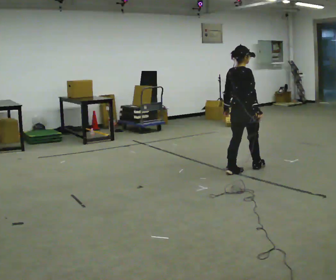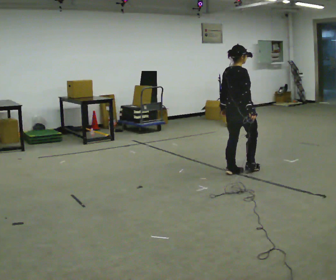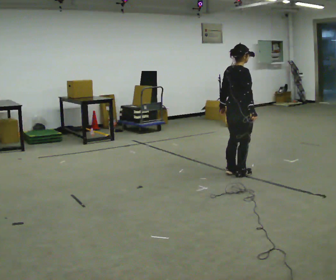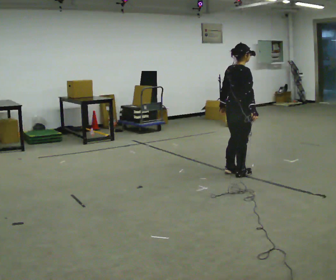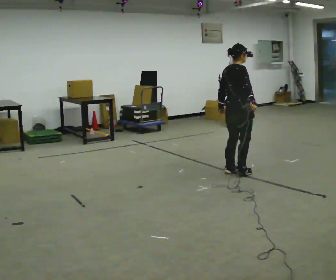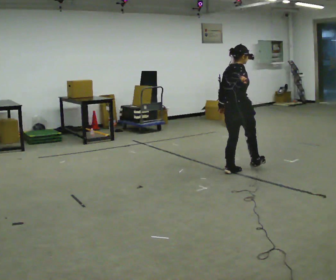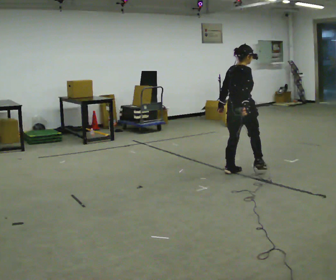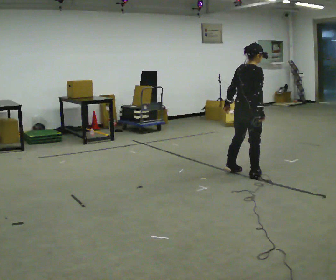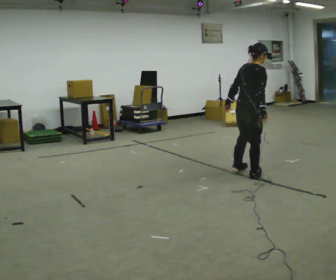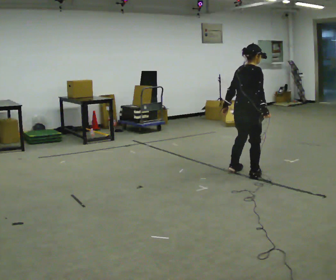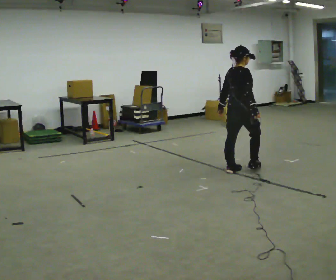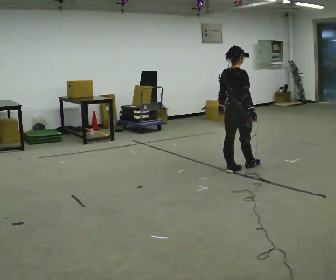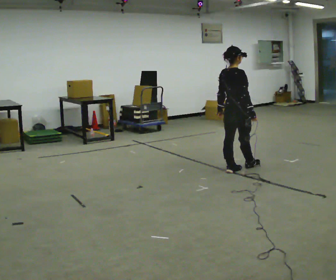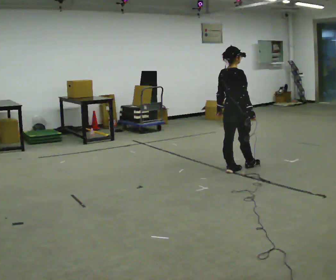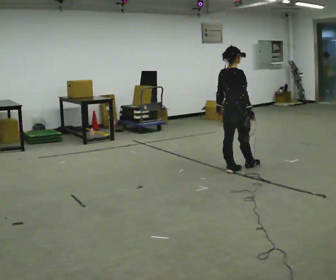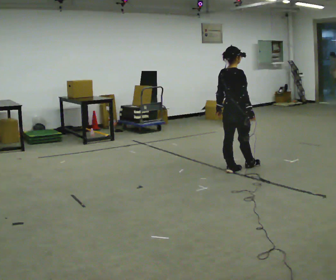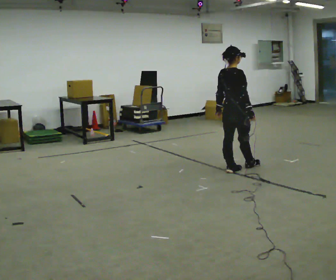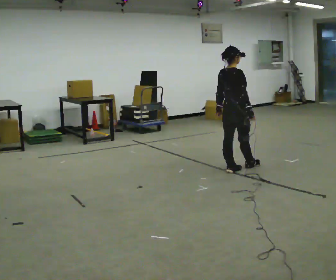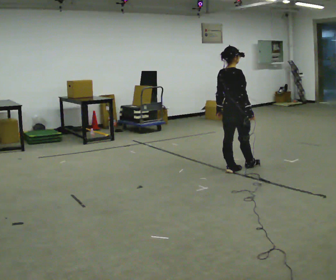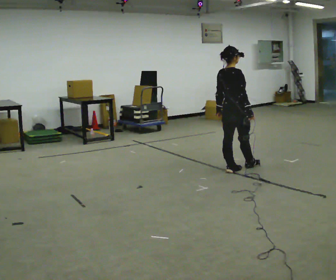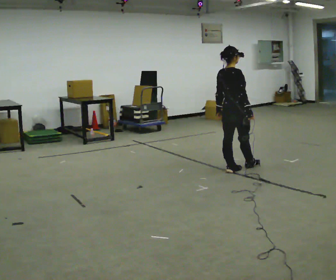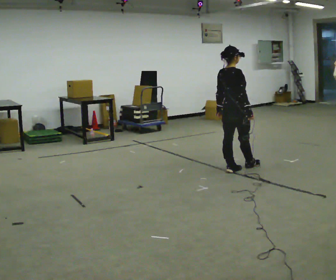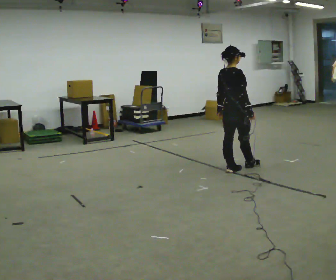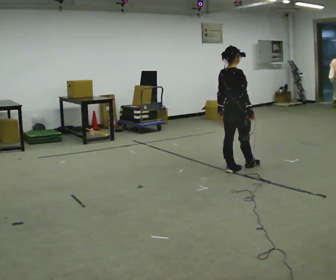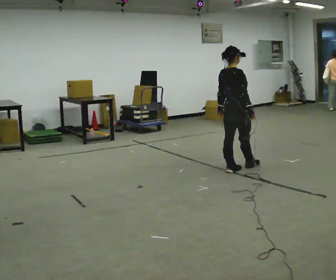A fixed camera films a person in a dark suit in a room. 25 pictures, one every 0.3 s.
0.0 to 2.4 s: In the picture they go toward the camera, about 0.25 m in 2 steps, which for them is to their right.
2.4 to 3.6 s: In the picture they go away from the camera, about 0.25 m in 1 step, which for them is to their left. In the picture the upper body tilts counterclockwise, shoulders to the left.
3.6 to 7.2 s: The person moves a little, or ends about where they began.
The film runs backward here.
